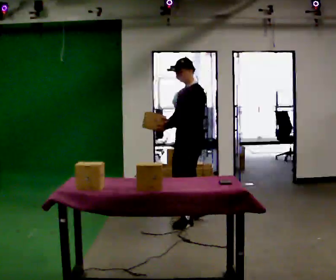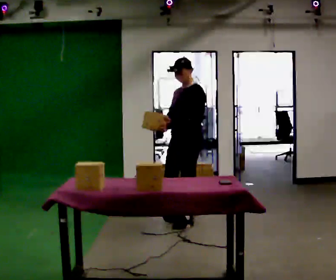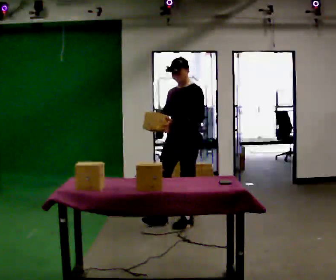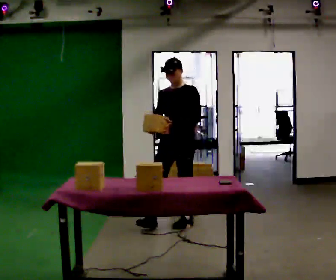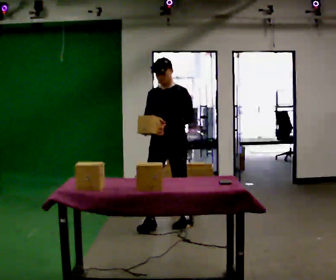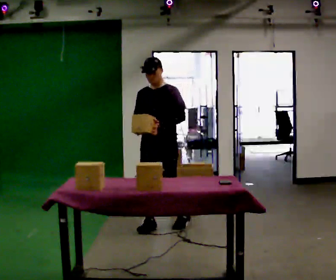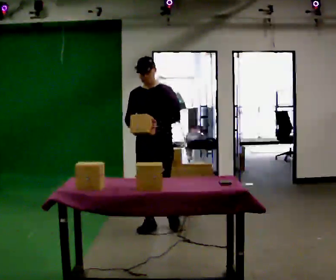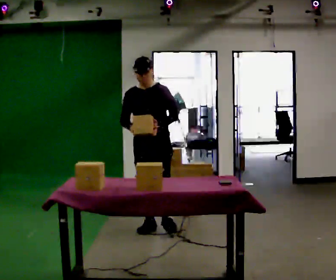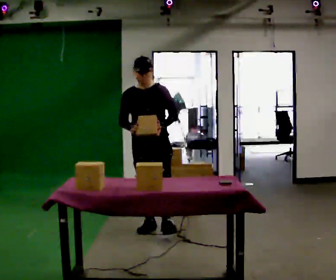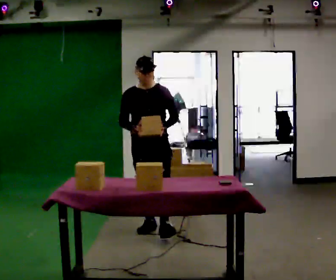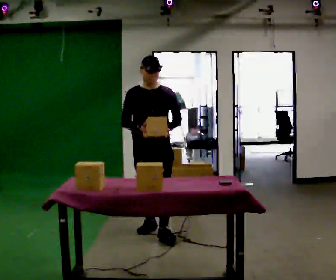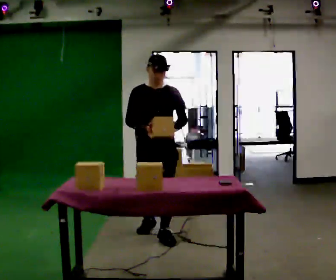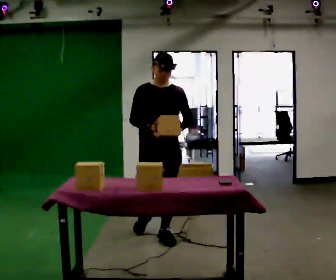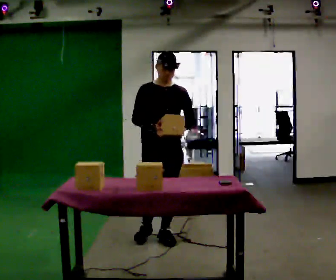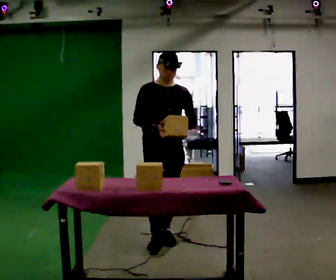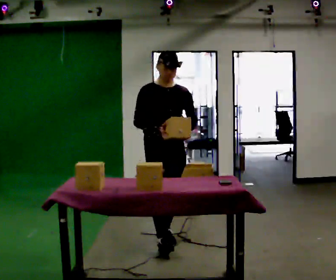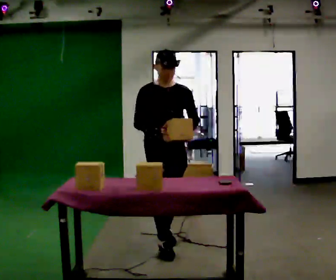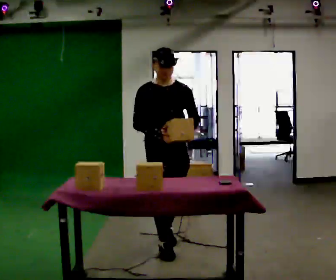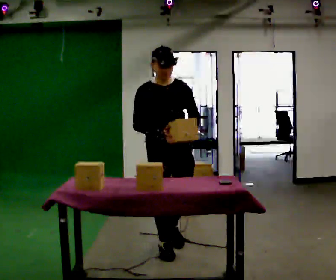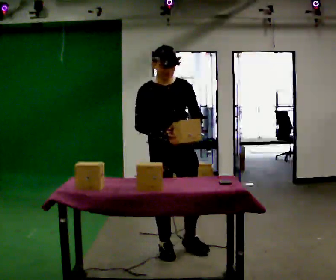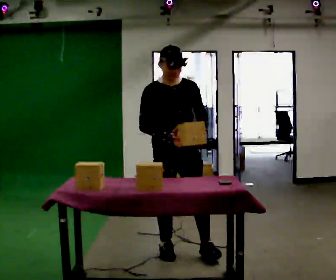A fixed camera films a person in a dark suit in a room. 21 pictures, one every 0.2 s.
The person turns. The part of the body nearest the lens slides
to the right.
The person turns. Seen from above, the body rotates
counterclockwise.
0.0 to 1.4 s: The person turns about 60 degrees to their left, counterclockwise seen from above, so the part of the body nearest the lens slides to the right. In the picture they go to the left and toward the camera, about 0.5 m in 1 step, which for them is forward and to their right.
1.4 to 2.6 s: In the picture they go toward the camera, about 0.5 m in 1 step, which for them is forward.
2.6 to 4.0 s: In the picture they go toward the camera, about 0.5 m in 1 step, which for them is forward.
The film runs forward here.
